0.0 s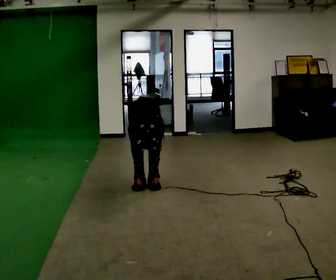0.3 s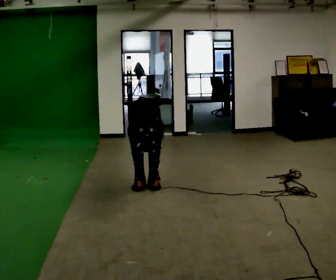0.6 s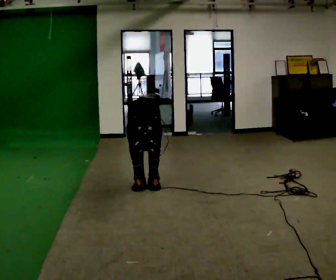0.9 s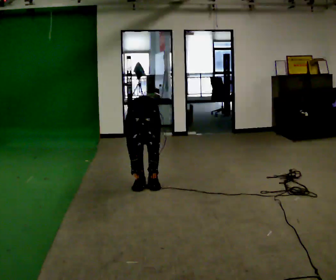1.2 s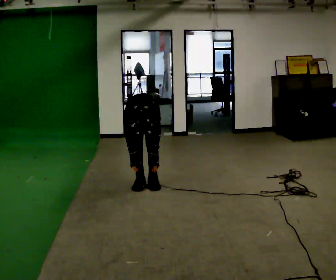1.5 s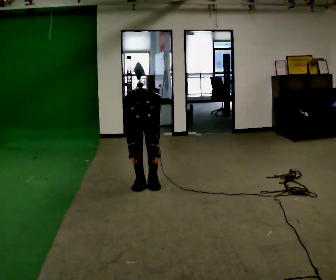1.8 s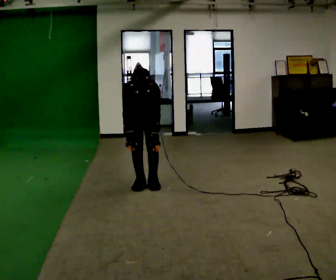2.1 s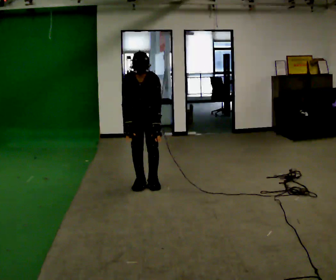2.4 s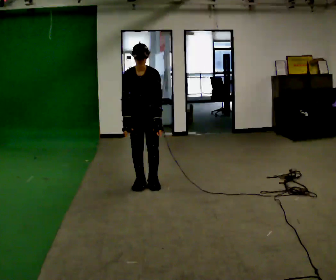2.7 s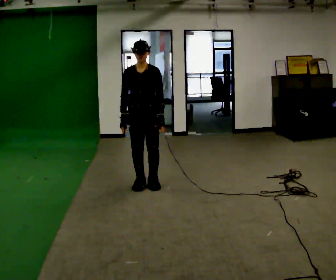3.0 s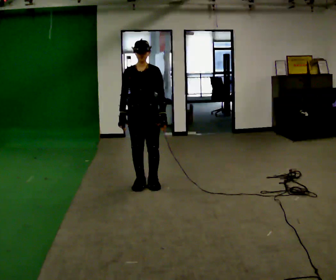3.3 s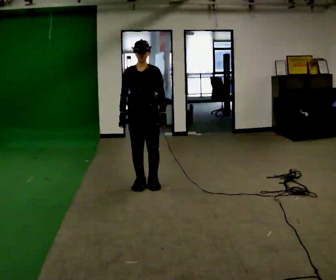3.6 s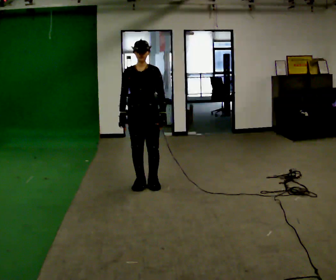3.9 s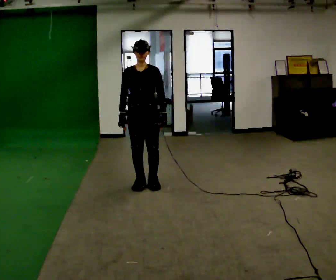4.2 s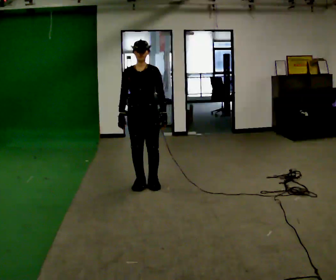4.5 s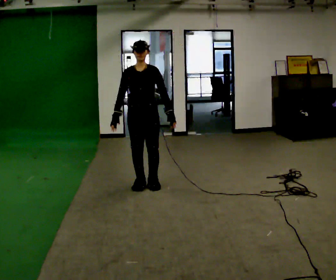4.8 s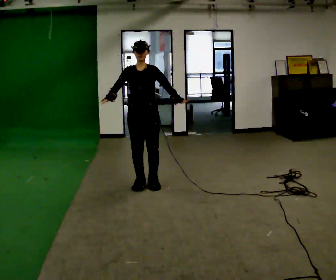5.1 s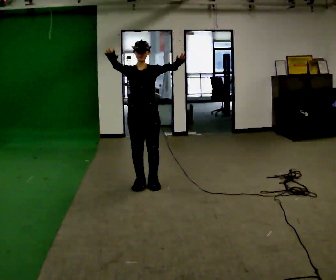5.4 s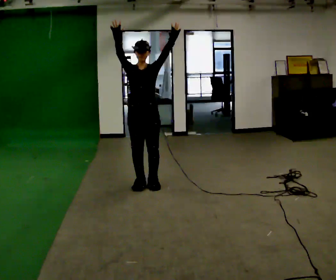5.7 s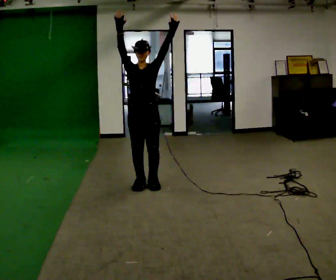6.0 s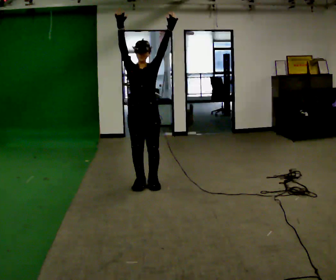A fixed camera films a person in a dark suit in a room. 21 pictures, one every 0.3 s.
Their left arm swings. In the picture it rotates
counterclockwise.
The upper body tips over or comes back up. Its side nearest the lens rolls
upward.
0.0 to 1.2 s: The upper body tips away from the camera, its near side rolling upward, as they lean back or straighten.
1.2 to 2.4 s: The upper body goes upward. The upper body tips away from the camera, its near side rolling upward, as they lean back or straighten. In the picture their right hand goes upward.
2.4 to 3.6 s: The upper body tips away from the camera, its near side rolling upward, as they lean back or straighten.
3.6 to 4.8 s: The person moves a little, or ends about where they began.
4.8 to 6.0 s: In the picture their right hand goes upward.
The film runs backward here.
